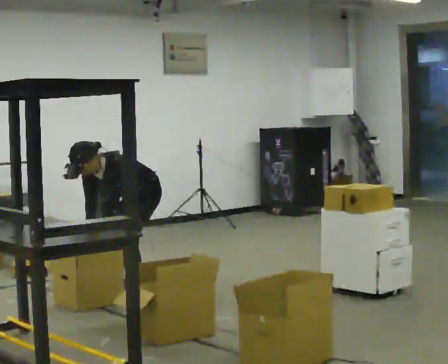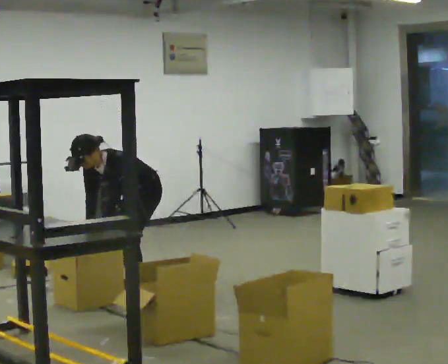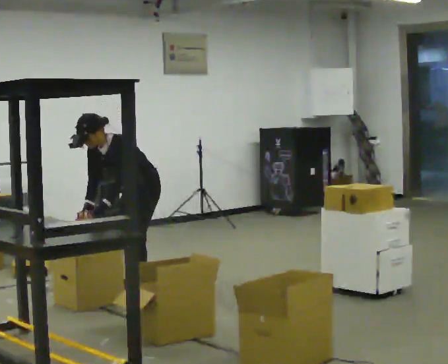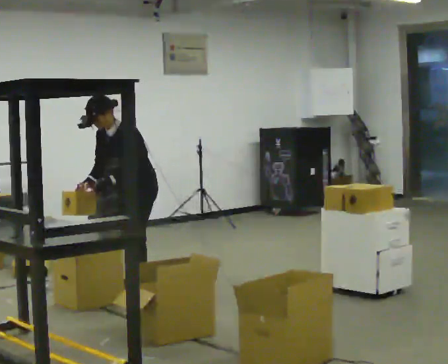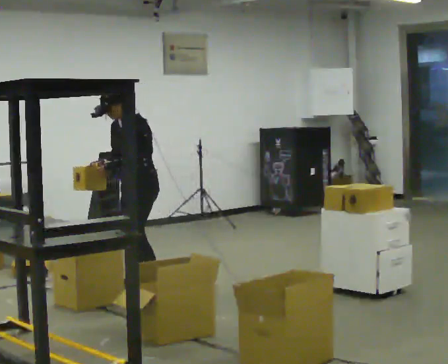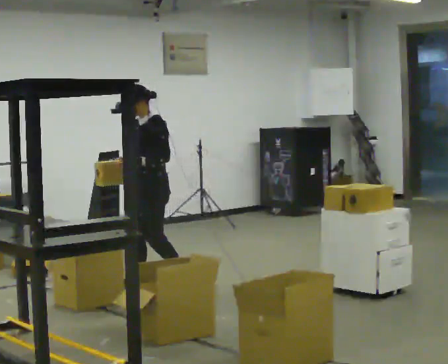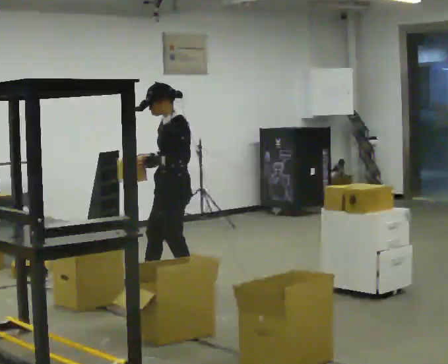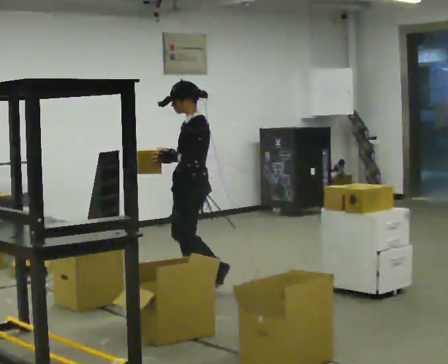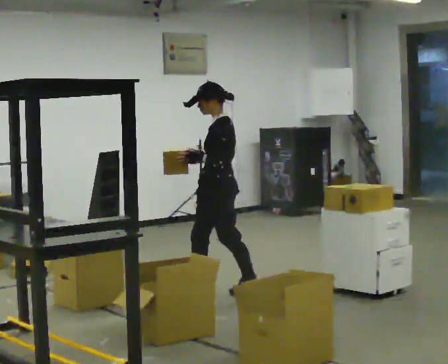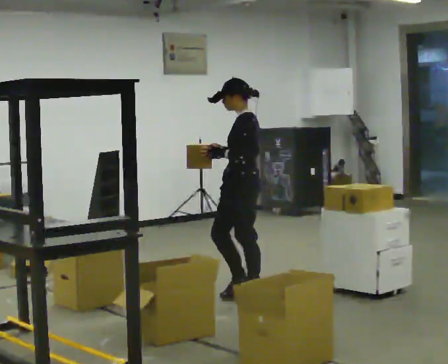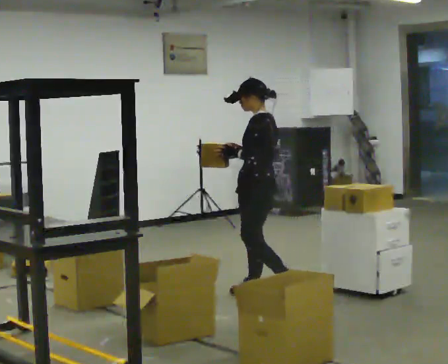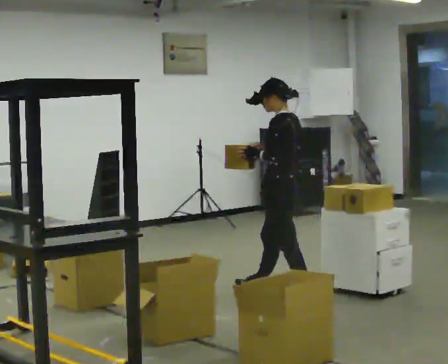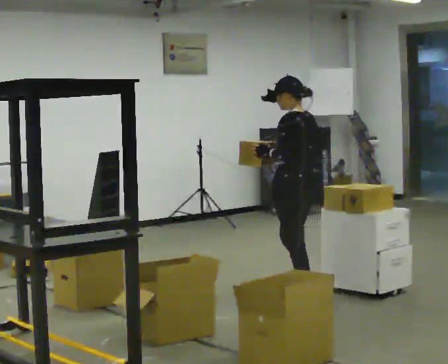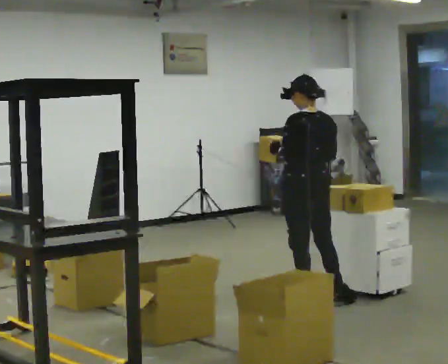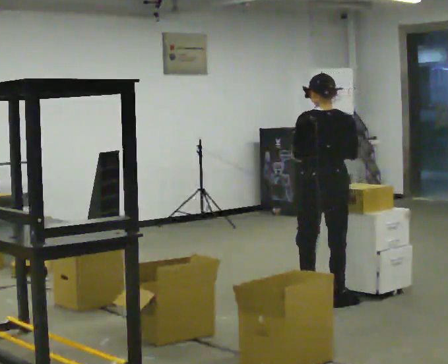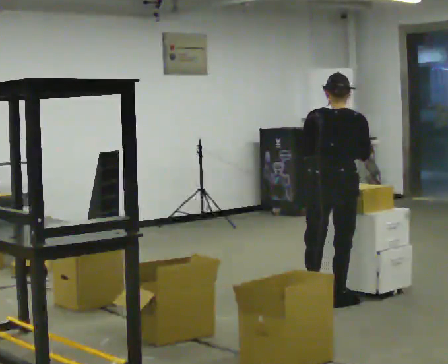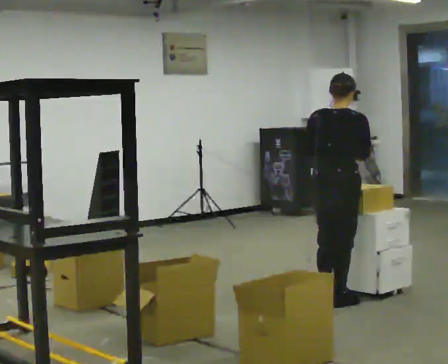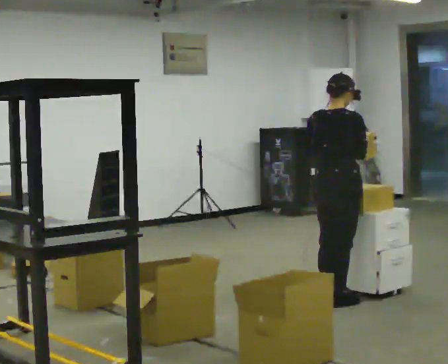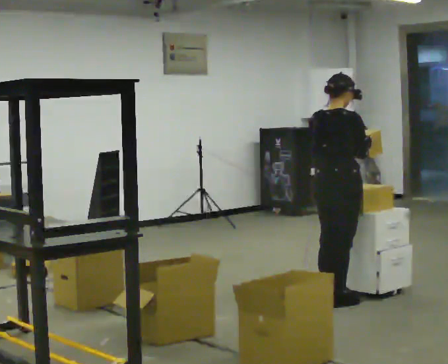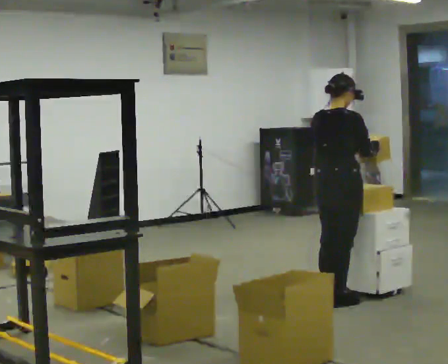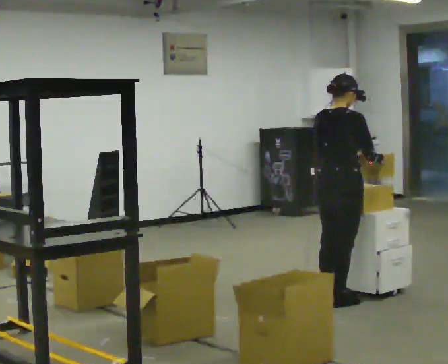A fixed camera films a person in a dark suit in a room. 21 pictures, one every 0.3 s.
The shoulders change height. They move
upward.
The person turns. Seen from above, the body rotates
clockwise.
0.0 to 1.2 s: The upper body goes upward. The upper body tips away from the camera, its near side rolling upward, as they lean back or straighten. In the picture their right hand goes upward.
1.2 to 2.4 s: The part of the body nearest the lens slides to the left as the person turns to their right by about 45 degrees. In the picture they go to the right, about 0.5 m in 1 step, which for them is backward and to their left.
2.4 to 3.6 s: The part of the body nearest the lens slides to the left as the person turns to their right by about 30 degrees. In the picture they go to the right and toward the camera, about 0.5 m in 2 steps, which for them is backward.
3.6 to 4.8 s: The person turns about 90 degrees to their right, clockwise seen from above, so the part of the body nearest the lens slides to the left. In the picture they go to the right, about 0.25 m. In the picture their left hand goes to the right.
4.8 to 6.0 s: The person moves a little, or ends about where they began.
The film runs backward here.
